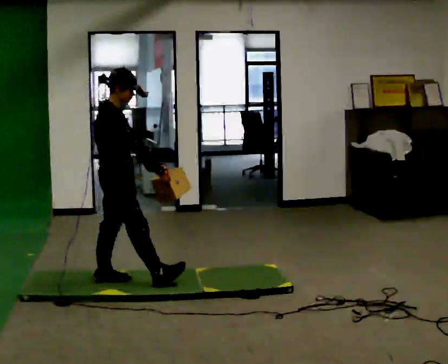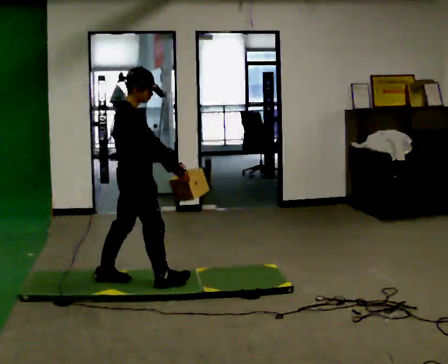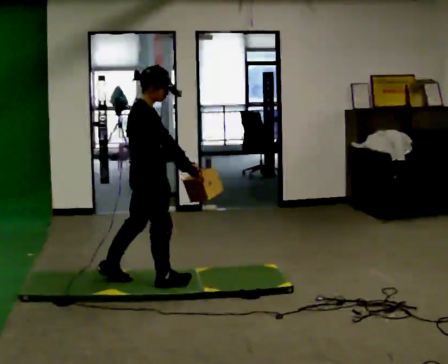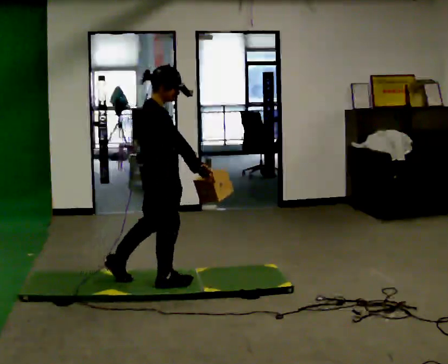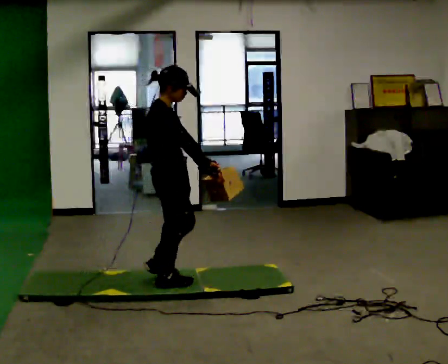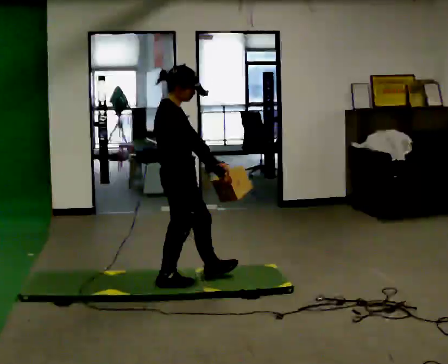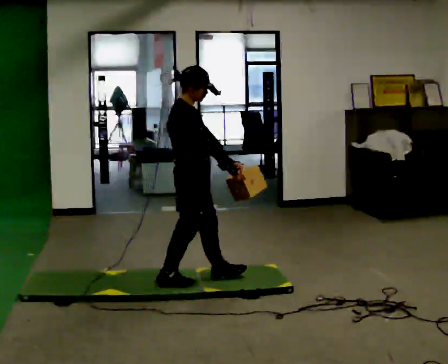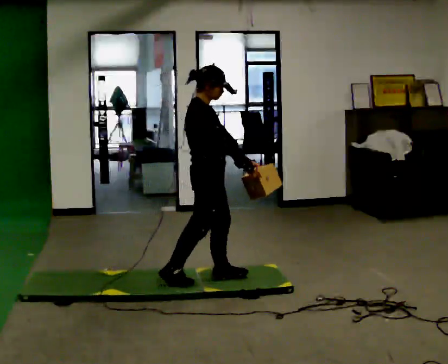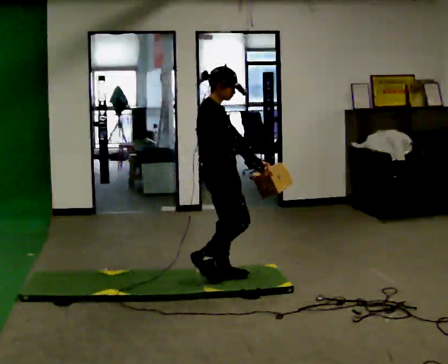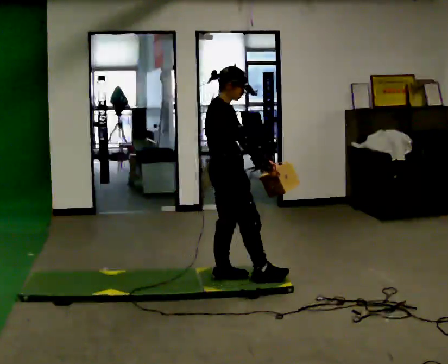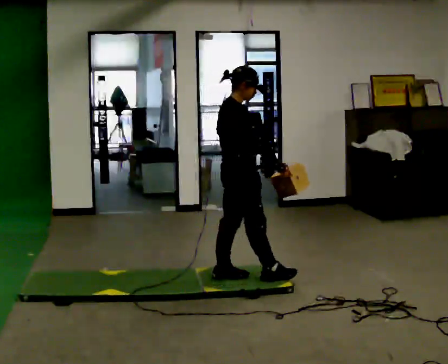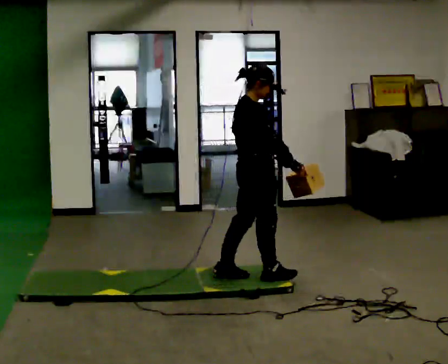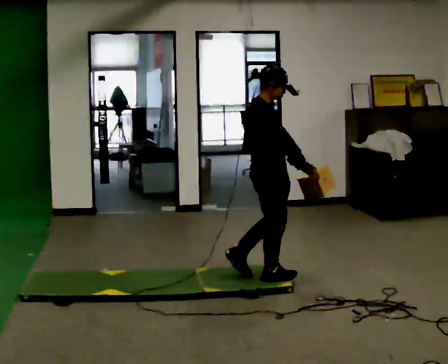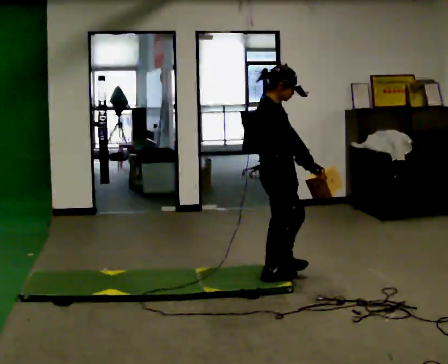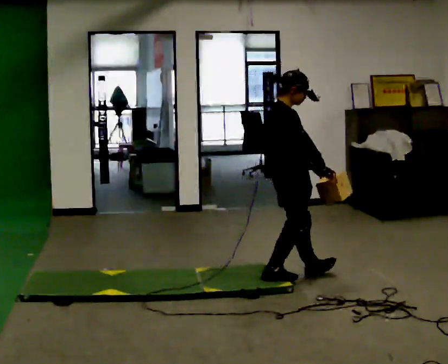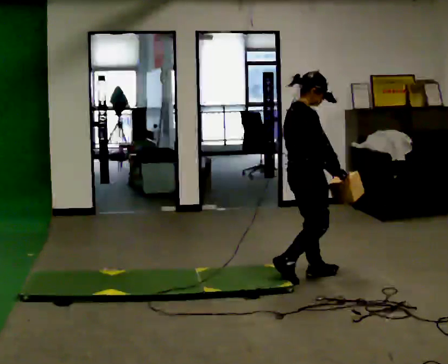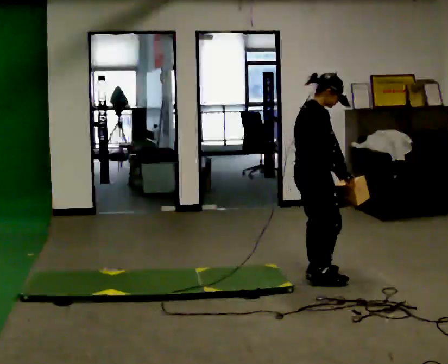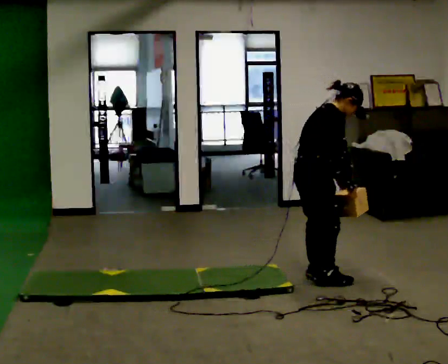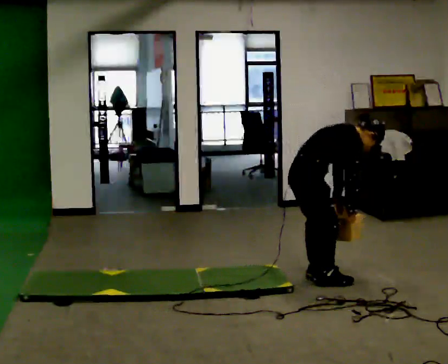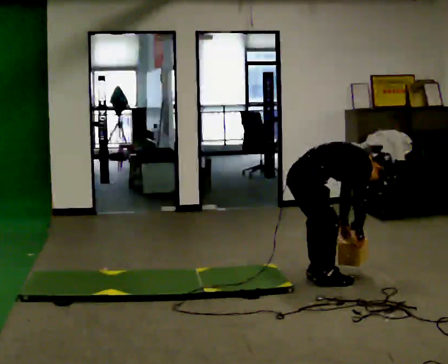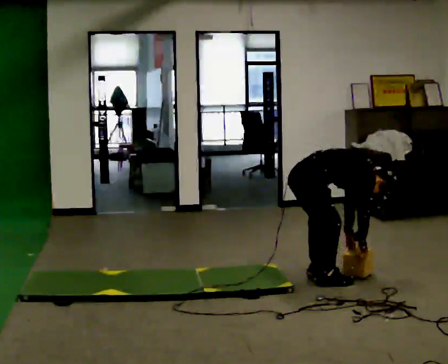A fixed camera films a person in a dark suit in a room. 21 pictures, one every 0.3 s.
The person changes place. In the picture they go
to the right.
Their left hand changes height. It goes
downward.
0.0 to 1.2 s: In the picture they go to the right, about 0.25 m, which for them is forward and to their right.
1.2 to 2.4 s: In the picture they go to the right, about 0.25 m in 1 step, which for them is forward.
2.4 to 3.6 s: In the picture they go to the right, about 0.25 m in 1 step, which for them is forward.
3.6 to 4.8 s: In the picture they go to the right, about 0.25 m in 1 step, which for them is forward.
4.8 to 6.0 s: The upper body goes downward. In the picture the upper body tilts clockwise, shoulders to the right, as they bend forward. In the picture their left hand goes downward.
The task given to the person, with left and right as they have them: Carry the box across the soft uneven mat, set it down on the far side, then bring it back. Keep going until the operator says stop; one object at a time, and do not rush between trips.
The film runs forward here.
